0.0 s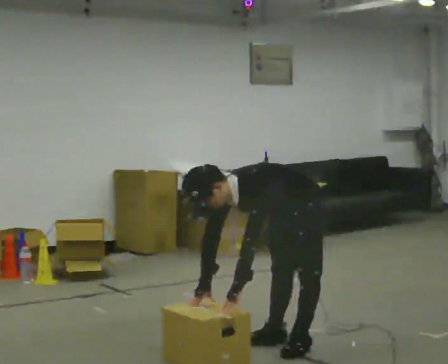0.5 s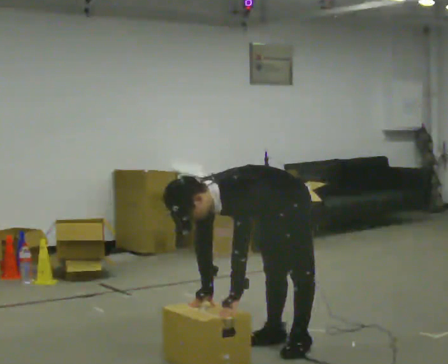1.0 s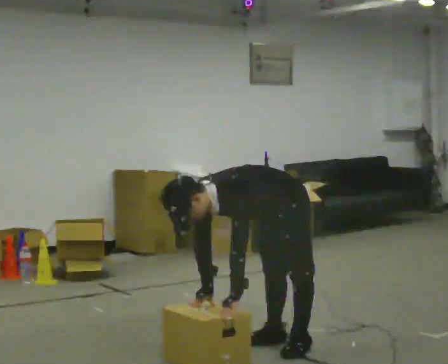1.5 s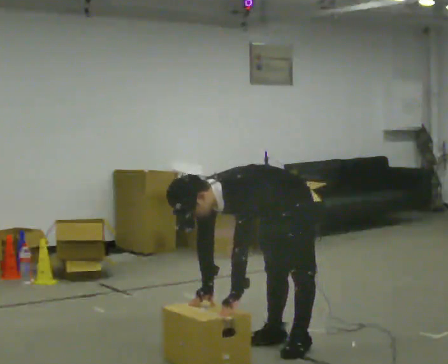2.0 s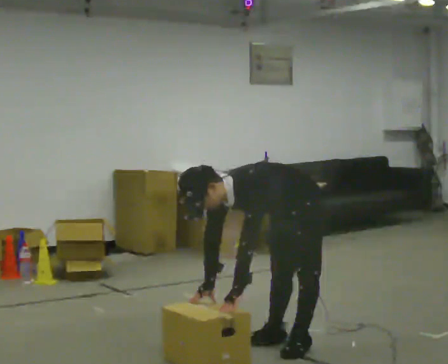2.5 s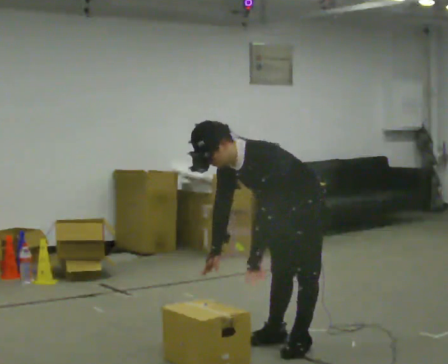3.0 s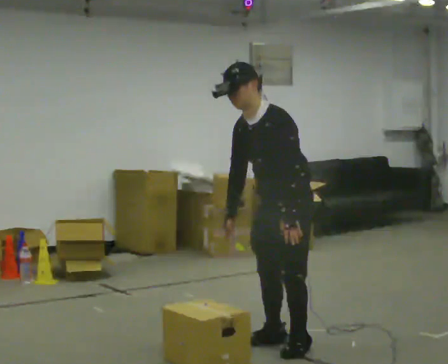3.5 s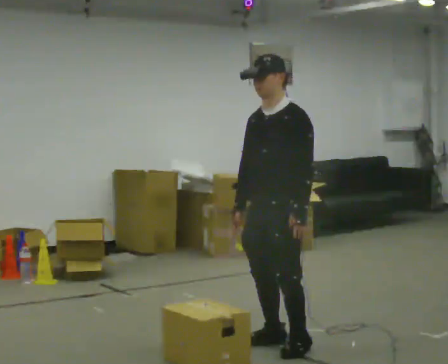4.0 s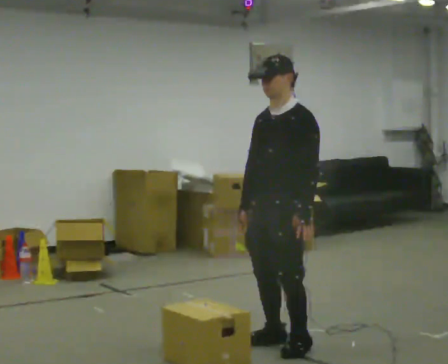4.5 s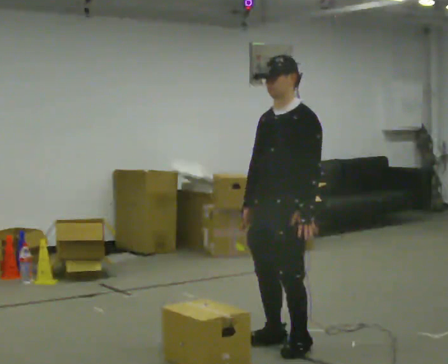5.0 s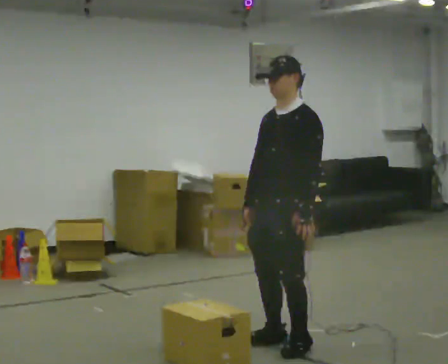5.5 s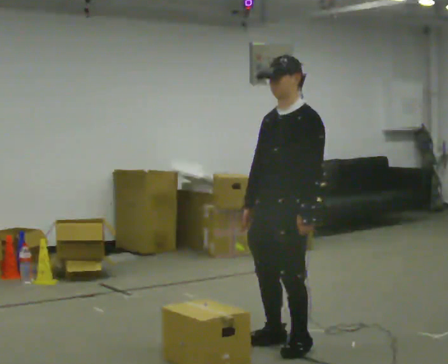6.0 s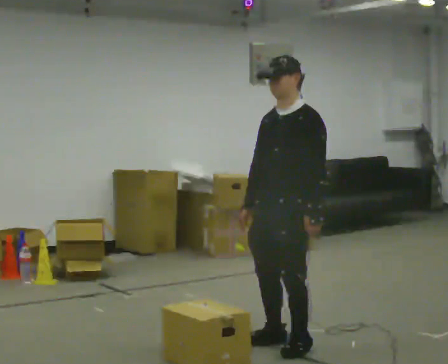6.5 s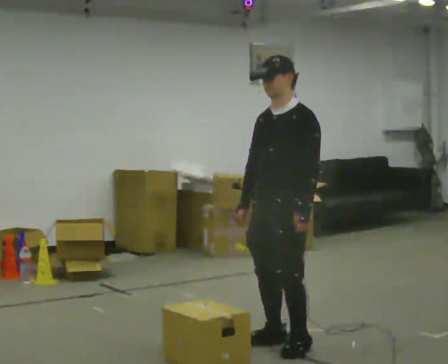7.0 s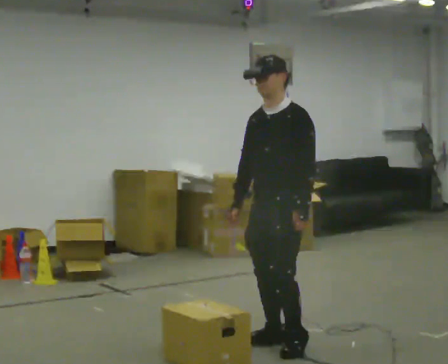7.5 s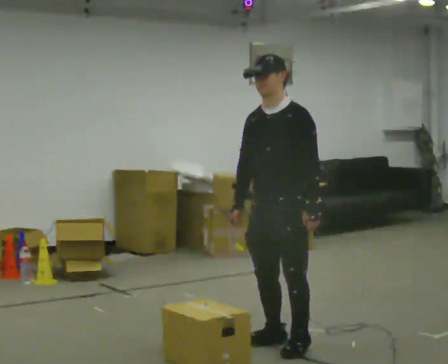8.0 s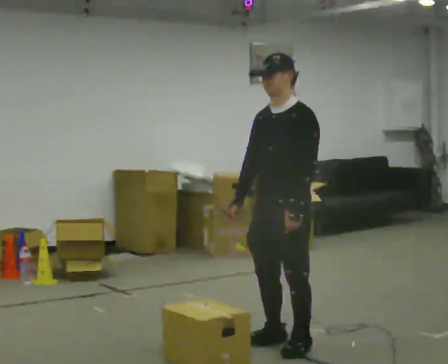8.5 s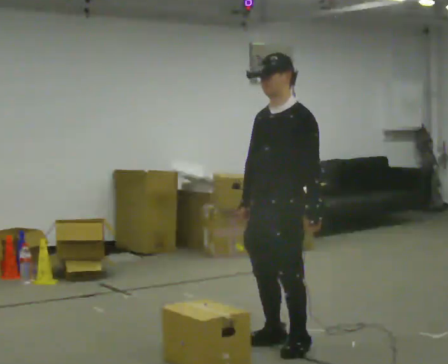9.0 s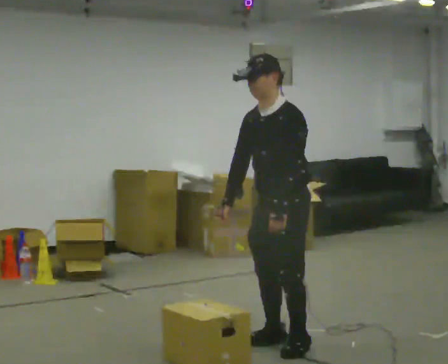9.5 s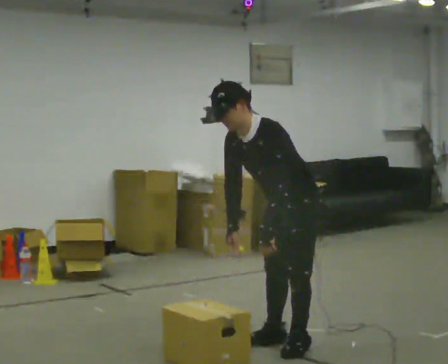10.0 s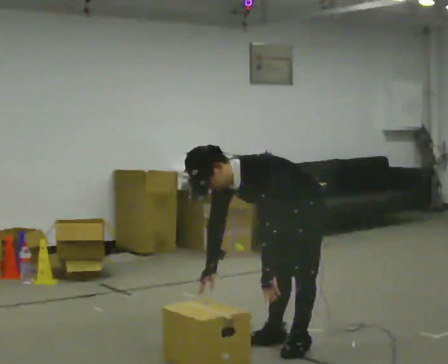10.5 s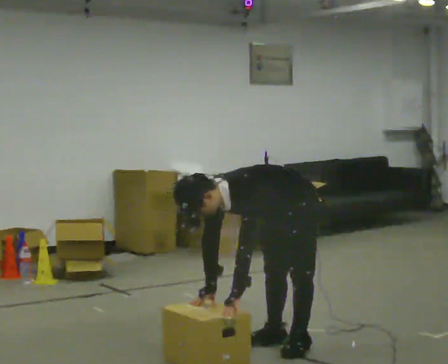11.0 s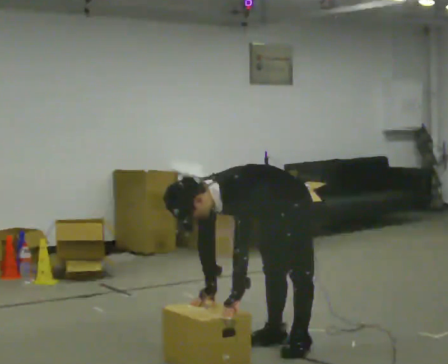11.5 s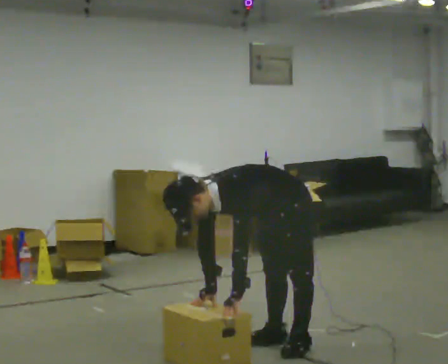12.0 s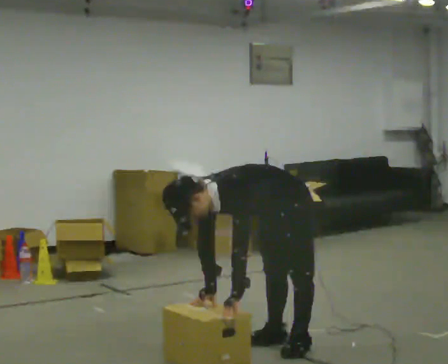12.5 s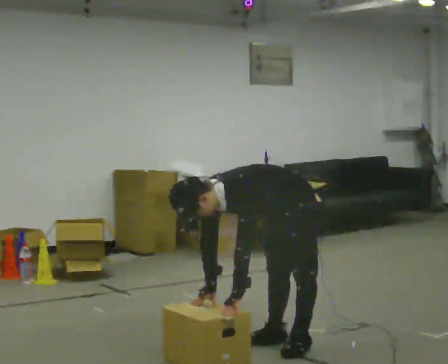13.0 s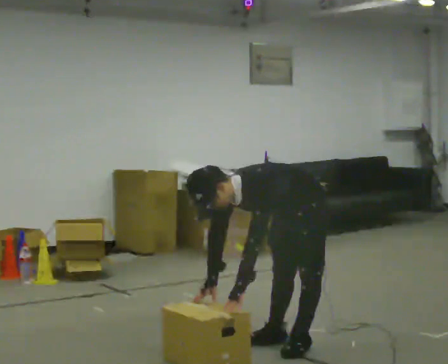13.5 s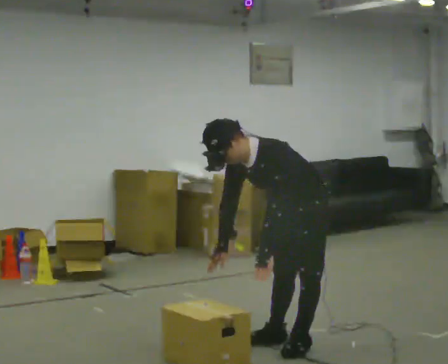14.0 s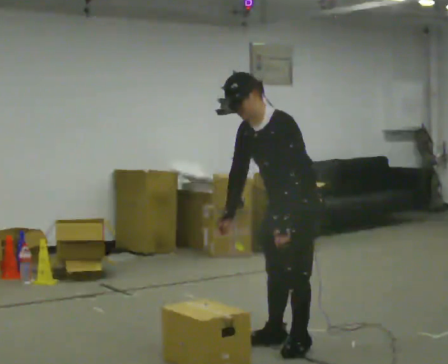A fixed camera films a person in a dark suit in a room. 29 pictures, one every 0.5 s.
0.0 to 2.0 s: The person moves a little, or ends about where they began.
2.0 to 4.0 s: The shoulders move upward. In the picture the upper body tilts clockwise, shoulders to the right, as they lean back or straighten. In the picture their left hand goes upward and to the right.
4.0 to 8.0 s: The person moves a little, or ends about where they began.
8.0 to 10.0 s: The upper body goes downward. In the picture the upper body tilts counterclockwise, shoulders to the left, as they bend forward. In the picture their right hand goes downward.
10.0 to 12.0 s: In the picture the upper body tilts counterclockwise, shoulders to the left, as they bend forward.
12.0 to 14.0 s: The shoulders move upward. In the picture the upper body tilts clockwise, shoulders to the right, as they lean back or straighten. In the picture their right hand goes upward.
The film runs backward here.
